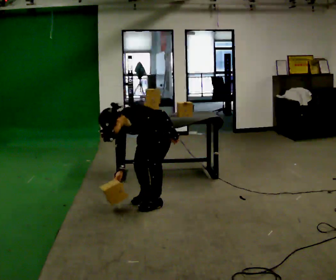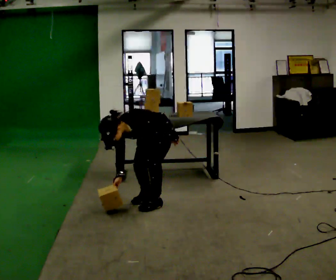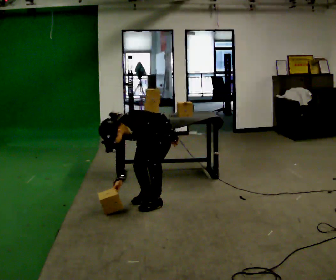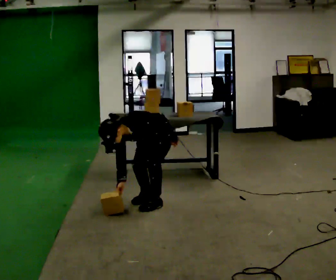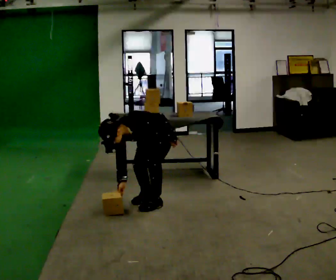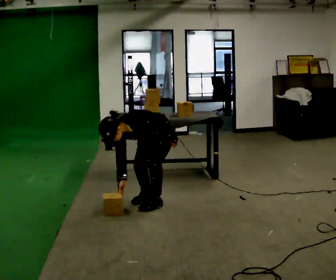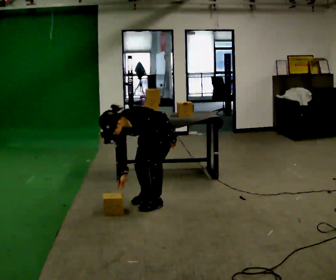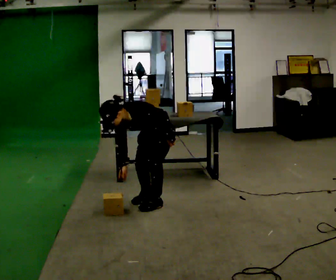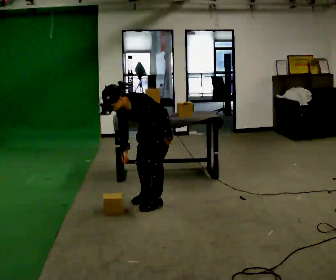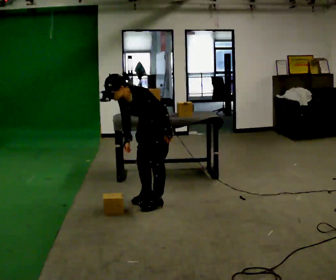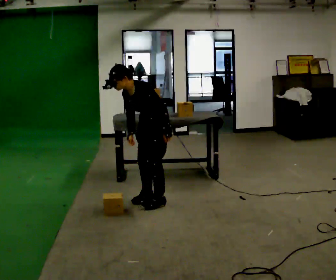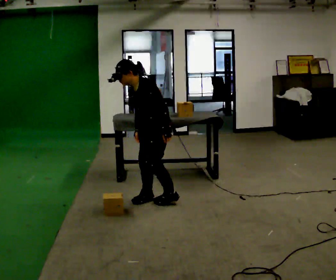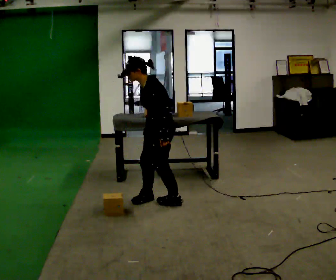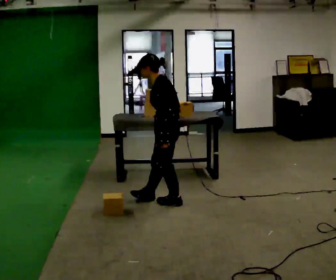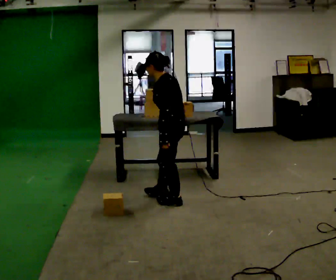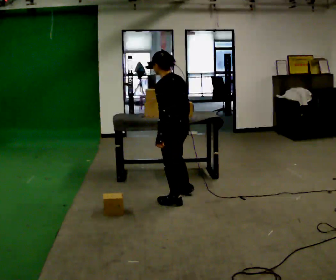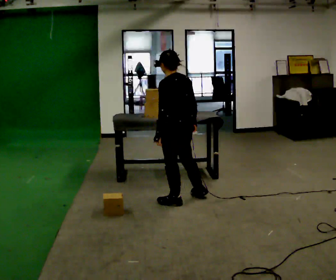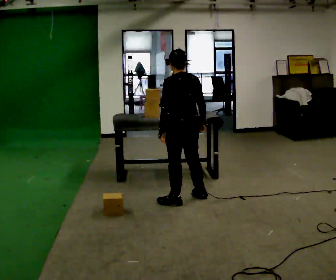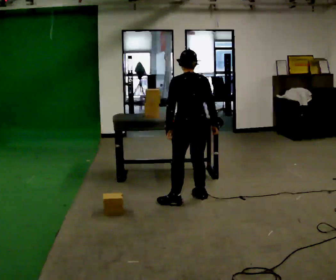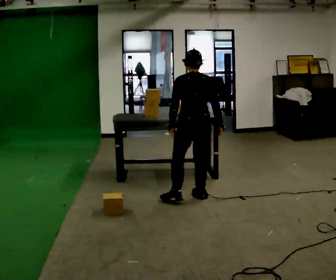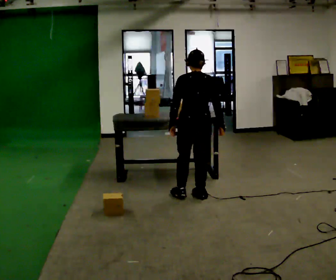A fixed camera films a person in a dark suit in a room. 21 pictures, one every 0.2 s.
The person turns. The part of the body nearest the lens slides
to the left.
The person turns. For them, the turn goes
to their right.
0.0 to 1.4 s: The person moves a little, or ends about where they began.
1.4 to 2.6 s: The person turns about 45 degrees to their right, clockwise seen from above, so the part of the body nearest the lens slides to the left. The upper body goes upward. In the picture the upper body tilts clockwise, shoulders to the right, as they lean back or straighten.
2.6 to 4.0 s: The part of the body nearest the lens slides to the left as the person turns to their right by about 75 degrees. In the picture they go to the right, about 0.25 m in 1 step. In the picture the upper body tilts clockwise, shoulders to the right.
The film runs forward here.
